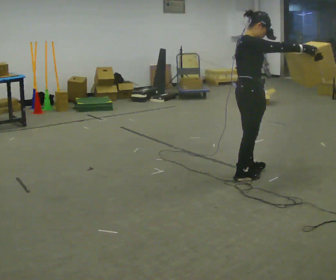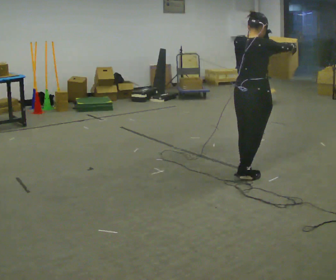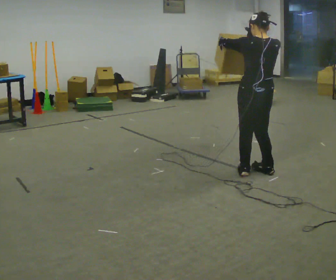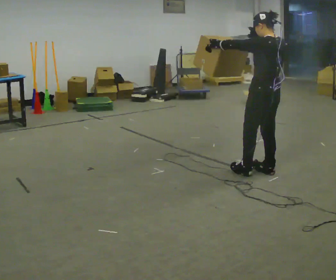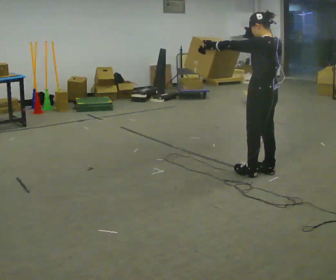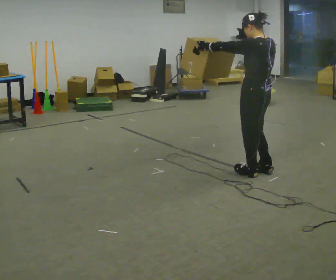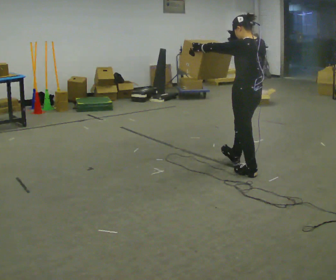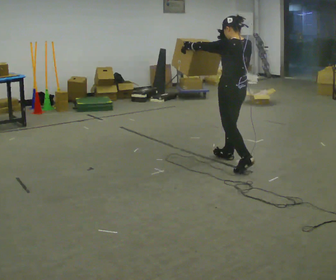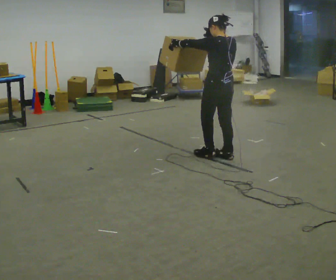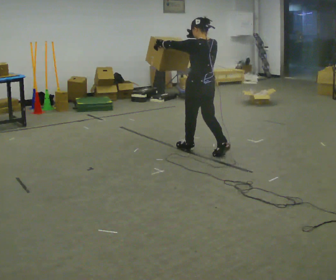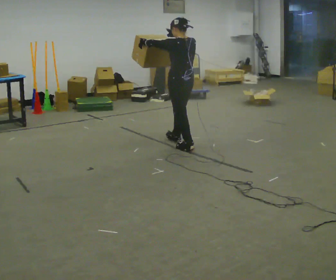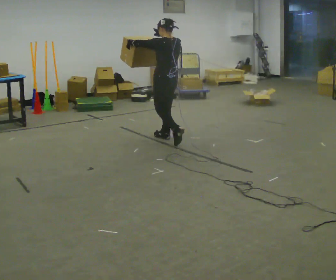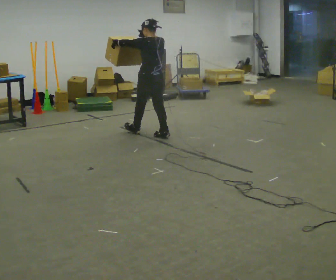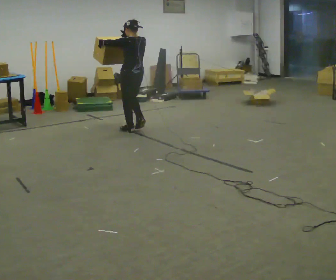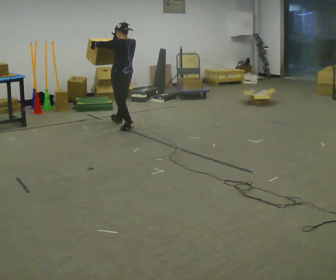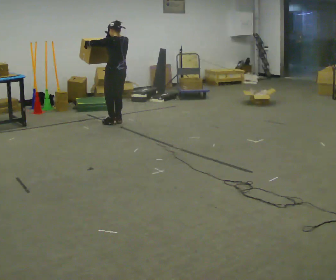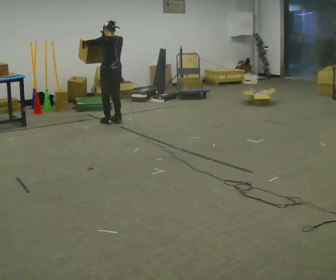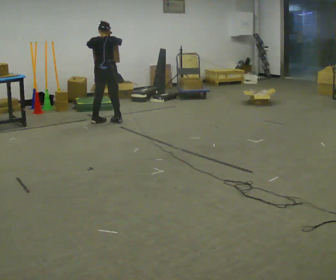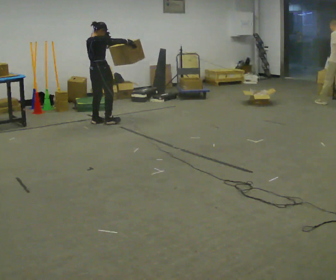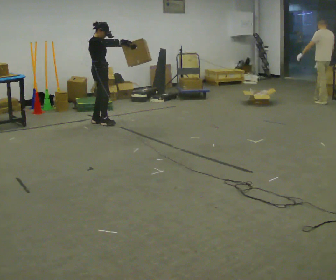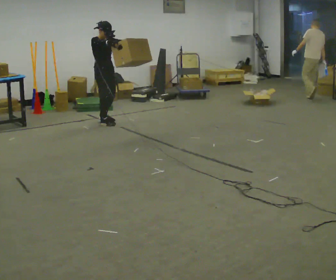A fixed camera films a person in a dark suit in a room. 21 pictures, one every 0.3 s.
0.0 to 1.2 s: Seen from above the body turns counterclockwise, about 120 degrees: to their left, with its near side sliding to the right. In the picture they go to the right, about 0.25 m in 1 step. In the picture their left hand goes to the left.
1.2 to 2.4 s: In the picture they go away from the camera and to the left, about 0.75 m in 1 step, which for them is forward.
2.4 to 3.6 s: In the picture they go away from the camera and to the left, about 1 m in 2 steps, which for them is forward.
3.6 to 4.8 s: In the picture they go away from the camera and to the left, about 1 m in 3 steps, which for them is forward.
4.8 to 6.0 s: The part of the body nearest the lens slides to the left as the person turns to their right by about 165 degrees. In the picture their left hand goes to the right.
The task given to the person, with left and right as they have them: Carry the object held up above your head, walking back and forth across the room.
The film runs forward here.
